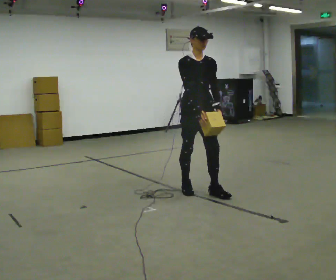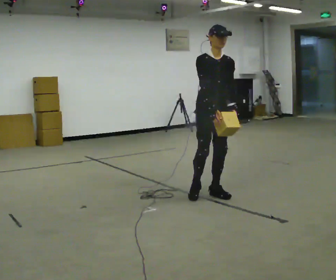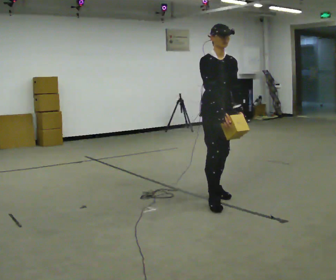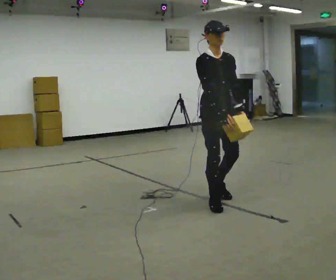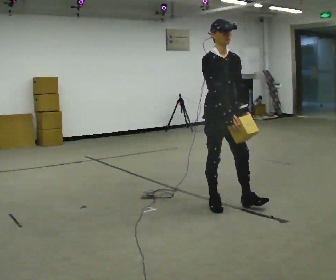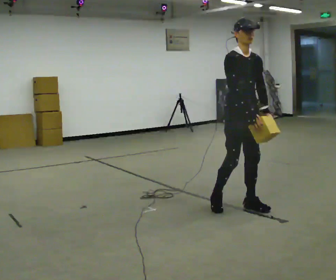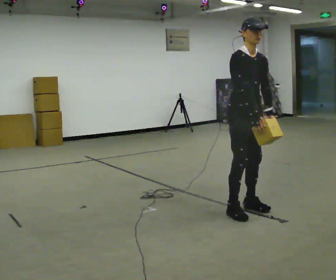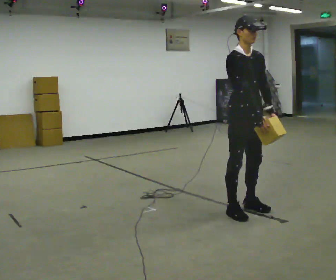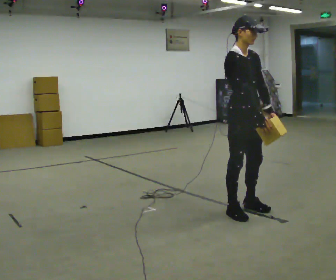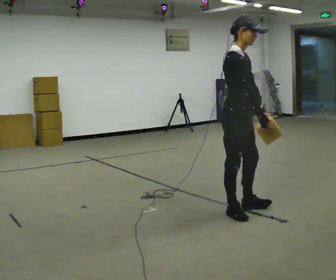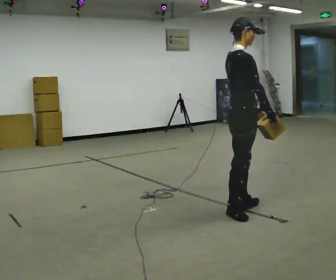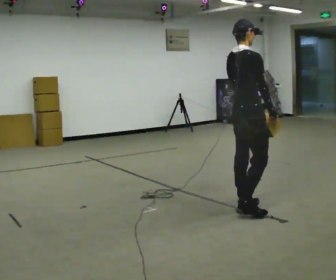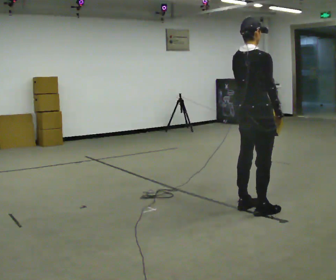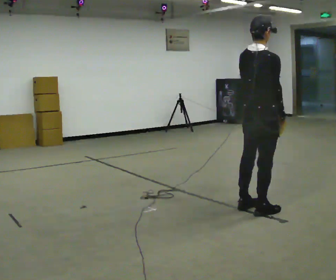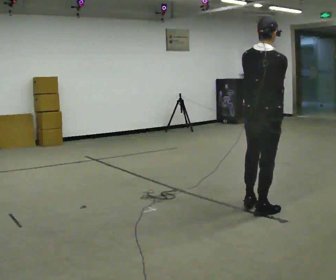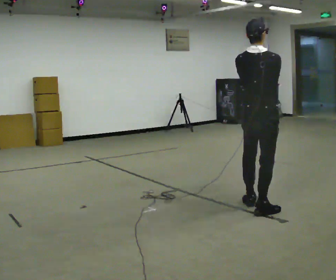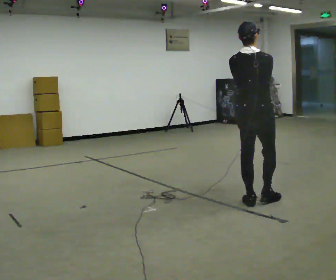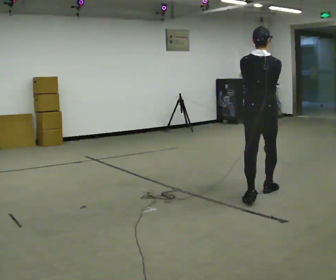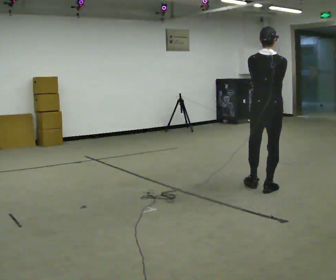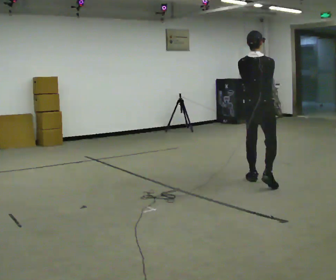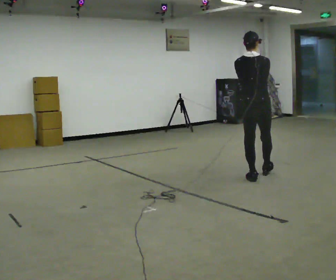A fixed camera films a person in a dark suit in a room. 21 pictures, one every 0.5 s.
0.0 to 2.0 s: In the picture they go toward the camera and to the right, about 0.5 m in 1 step, which for them is forward.
2.0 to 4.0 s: In the picture they go to the right and toward the camera, about 0.25 m in 2 steps, which for them is forward.
4.0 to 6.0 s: Seen from above the body turns counterclockwise, about 75 degrees: to their left, with its near side sliding to the right.
6.0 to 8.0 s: The part of the body nearest the lens slides to the right as the person turns to their left by about 30 degrees. In the picture they go away from the camera, about 0.25 m, which for them is forward.
8.0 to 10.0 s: In the picture they go away from the camera, about 1 m in 2 steps, which for them is forward.
The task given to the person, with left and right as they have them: Carry the light box in both hands in front of you, walking back and forth across the room. Keep walking until the operator says stop.
The film runs forward here.
